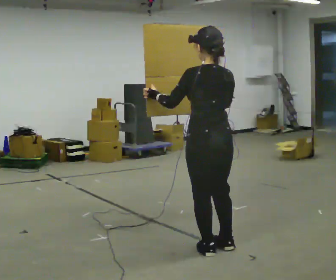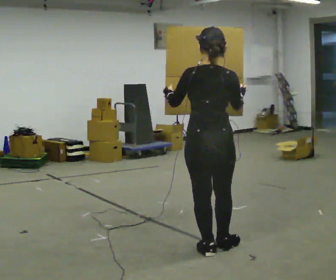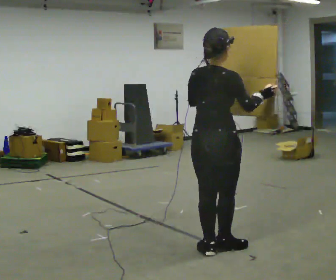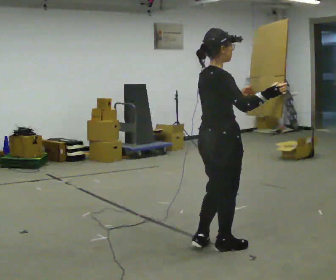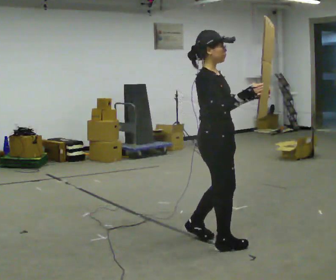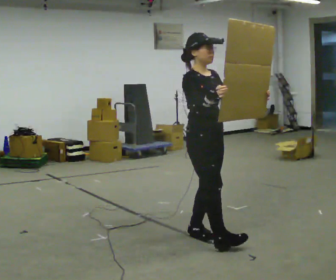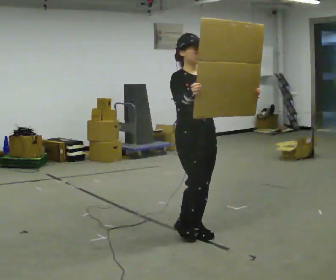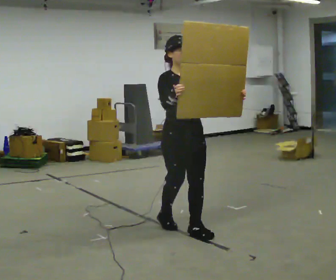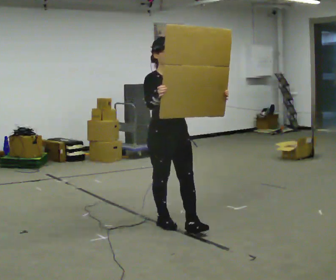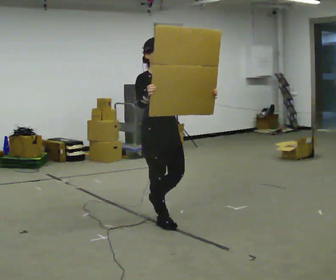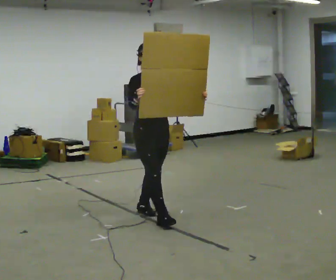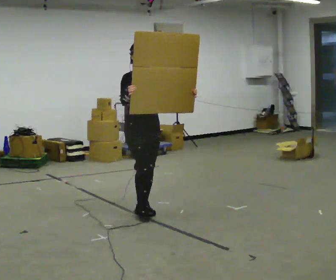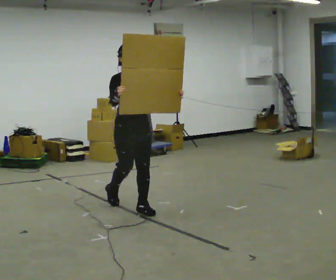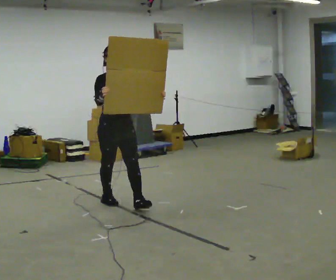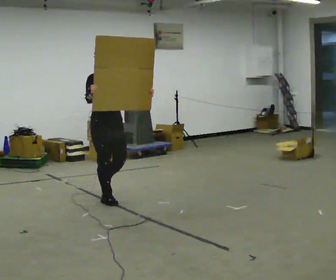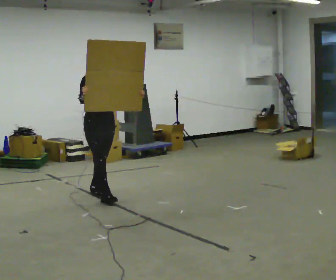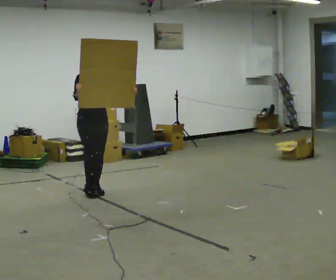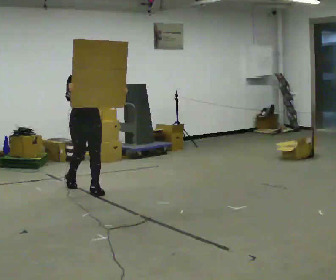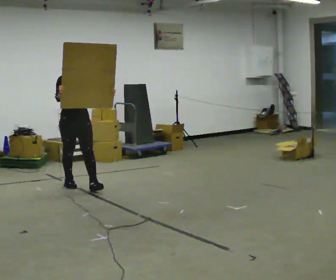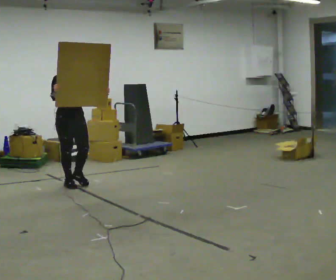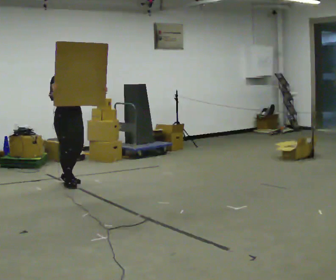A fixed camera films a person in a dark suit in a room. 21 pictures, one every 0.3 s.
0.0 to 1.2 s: Seen from above the body turns clockwise, about 135 degrees: to their right, with its near side sliding to the left. In the picture they go away from the camera, about 0.25 m in 1 step. In the picture their left hand goes to the right.
1.2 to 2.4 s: The part of the body nearest the lens slides to the left as the person turns to their right by about 45 degrees. In the picture they go away from the camera and to the left, about 0.5 m in 2 steps, which for them is backward.
2.4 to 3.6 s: In the picture they go away from the camera and to the left, about 0.75 m in 1 step, which for them is backward.
3.6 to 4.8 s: In the picture they go away from the camera and to the left, about 1 m in 2 steps, which for them is backward.
4.8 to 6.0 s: In the picture they go to the left and away from the camera, about 0.5 m in 1 step, which for them is backward.
The film runs backward here.
